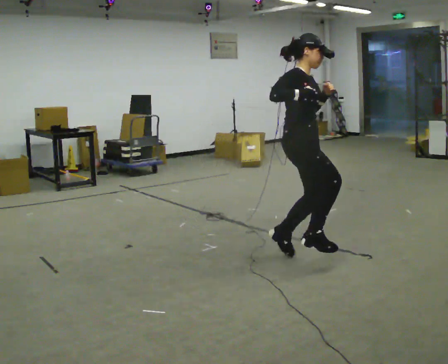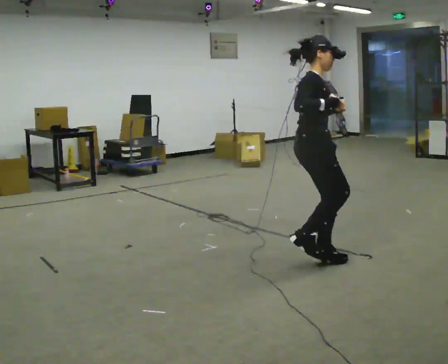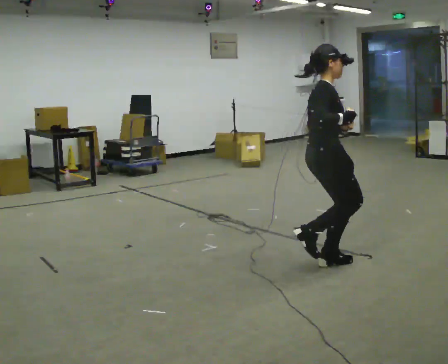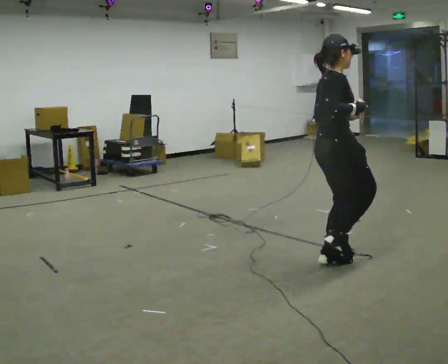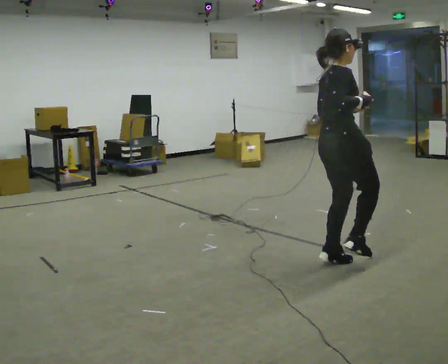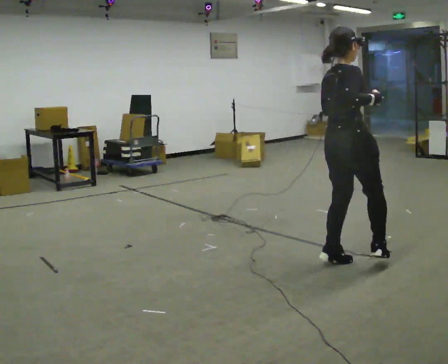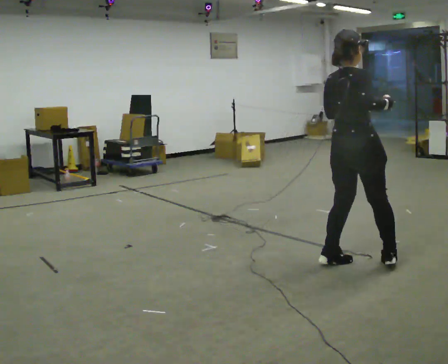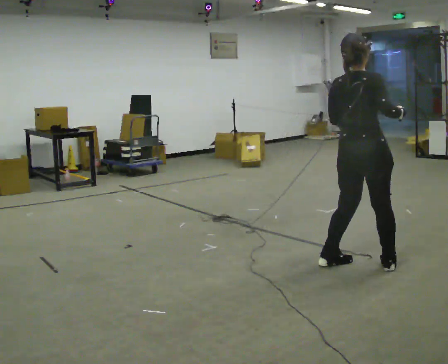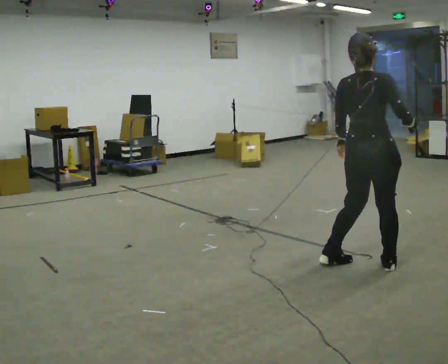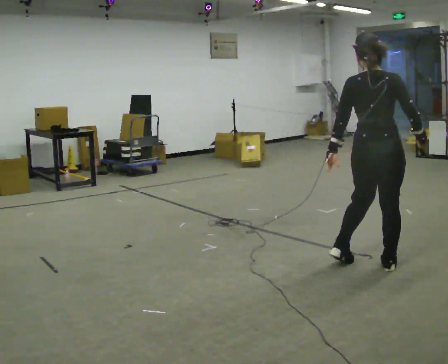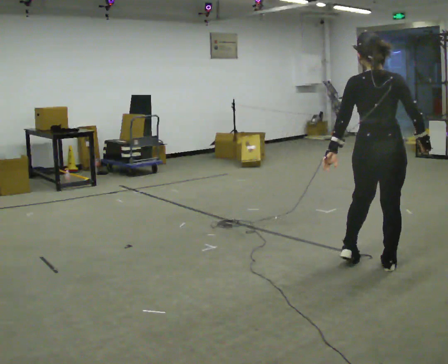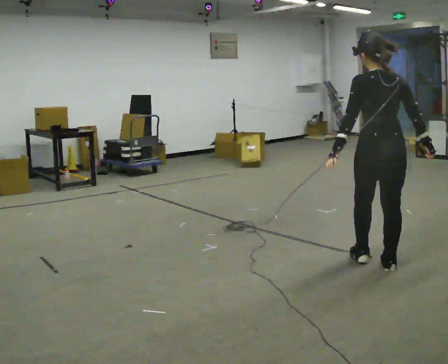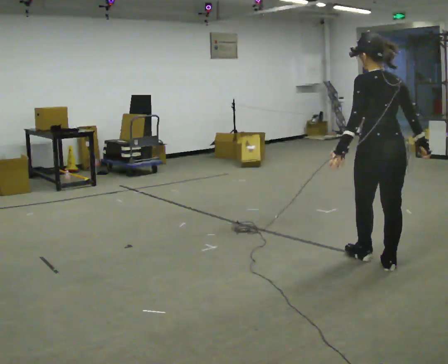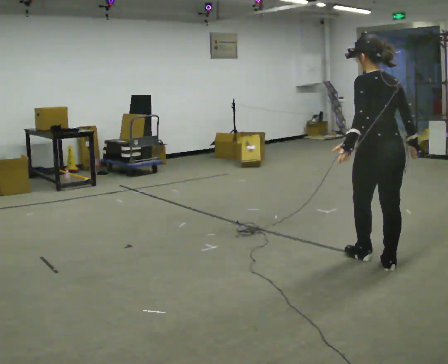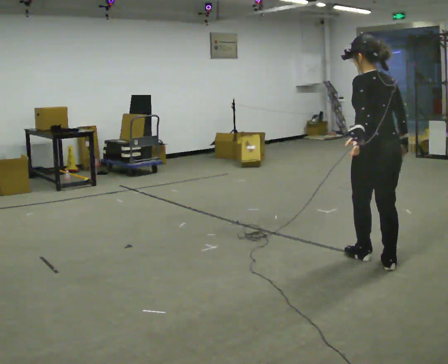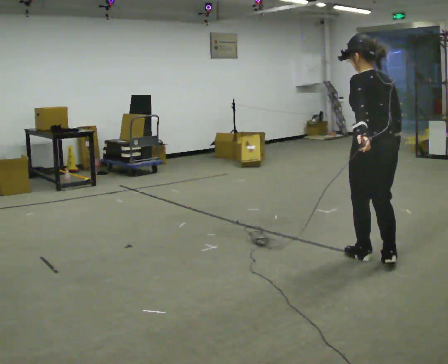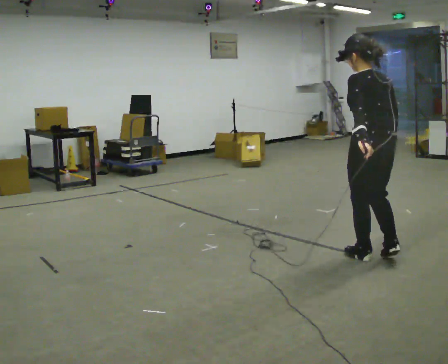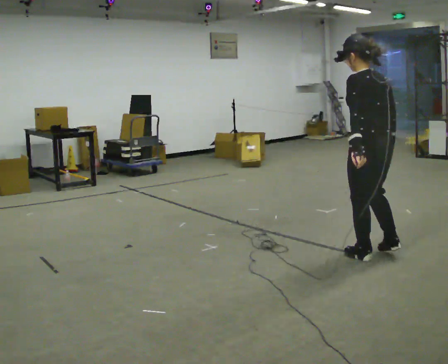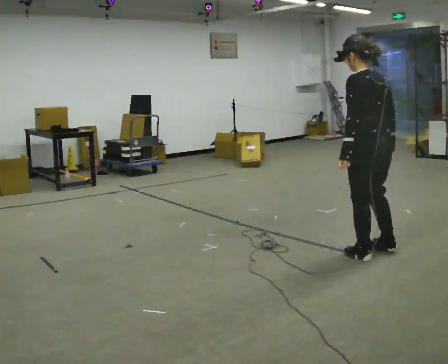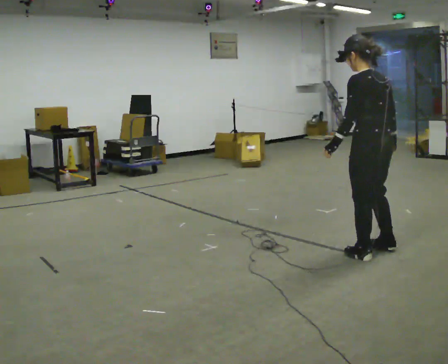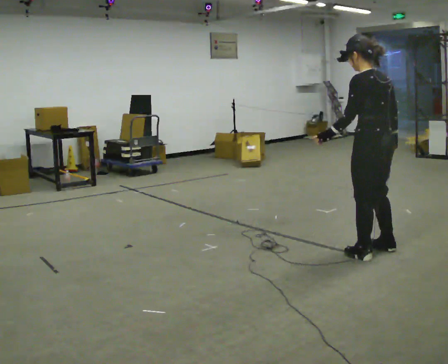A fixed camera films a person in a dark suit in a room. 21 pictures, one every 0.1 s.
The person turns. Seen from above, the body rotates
counterclockwise.
The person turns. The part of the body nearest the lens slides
to the right.
0.0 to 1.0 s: The person turns about 105 degrees to their left, counterclockwise seen from above, so the part of the body nearest the lens slides to the right. In the picture they go to the right, about 0.5 m in 2 steps. In the picture their left hand goes downward.
1.0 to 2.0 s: The part of the body nearest the lens slides to the right as the person turns to their left by about 45 degrees. In the picture they go away from the camera, about 0.25 m in 2 steps, which for them is forward and to their right.
The film runs forward here.
